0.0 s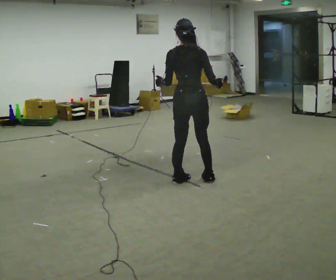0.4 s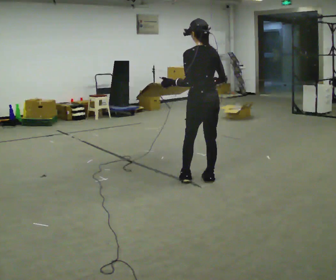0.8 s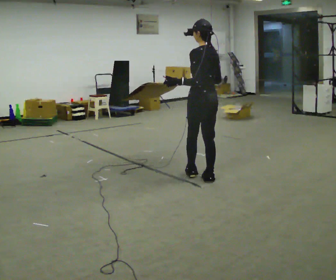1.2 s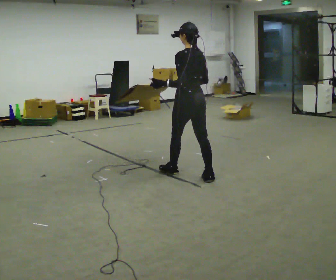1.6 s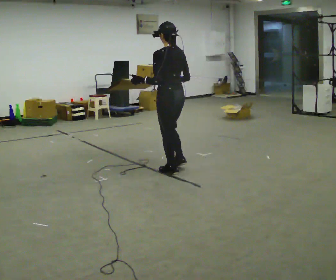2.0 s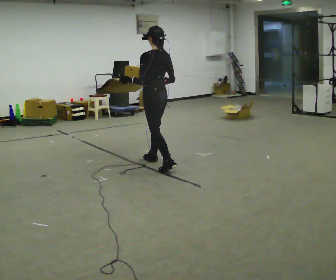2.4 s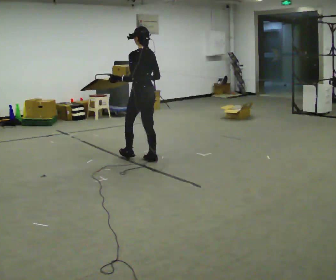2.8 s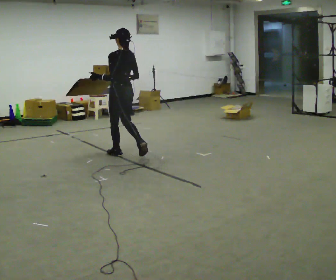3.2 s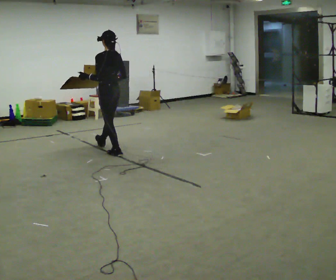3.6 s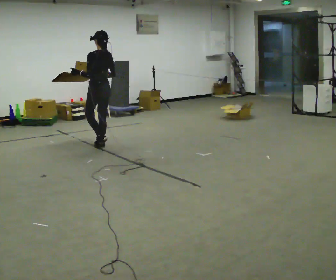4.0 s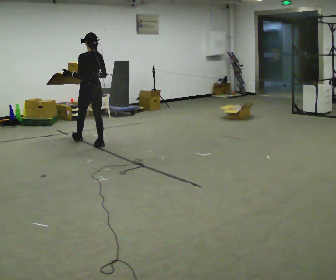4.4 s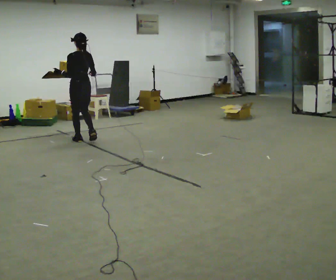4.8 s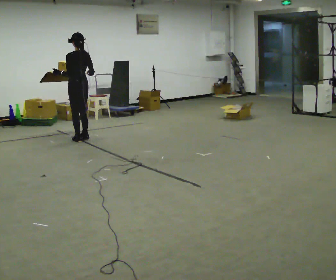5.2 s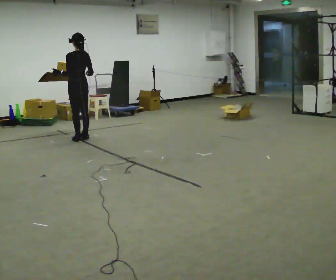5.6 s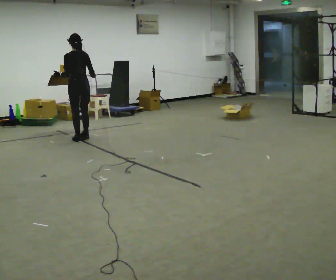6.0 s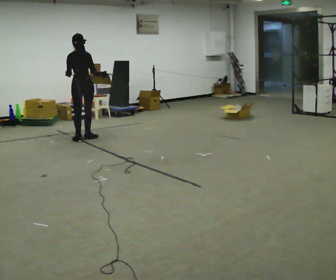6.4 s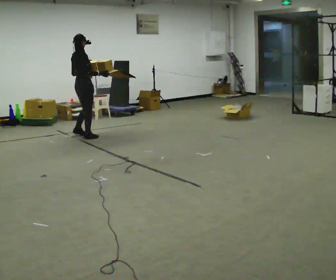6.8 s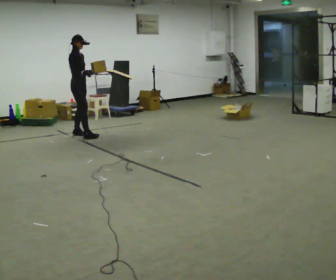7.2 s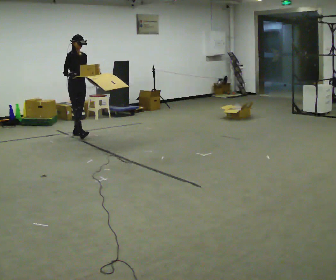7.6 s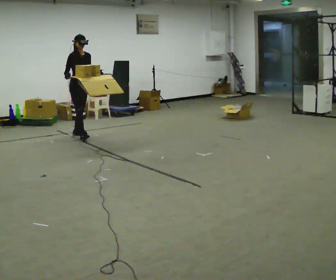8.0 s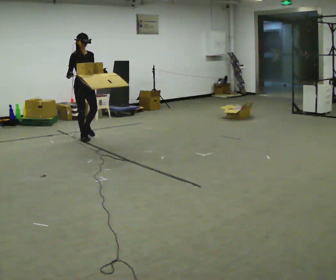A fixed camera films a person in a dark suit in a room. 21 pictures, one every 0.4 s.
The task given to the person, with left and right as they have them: Carry the loaded tray flat and level in both hands, walking back and forth across the room. Try not to let anything slide off.
0.0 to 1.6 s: Seen from above the body turns counterclockwise, about 45 degrees: to their left, with its near side sliding to the right. In the picture they go away from the camera, about 0.5 m in 1 step, which for them is forward.
1.6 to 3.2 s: In the picture they go away from the camera and to the left, about 1 m in 2 steps, which for them is forward.
3.2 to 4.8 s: In the picture they go away from the camera and to the left, about 1 m in 3 steps, which for them is forward.
4.8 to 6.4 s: Seen from above the body turns clockwise, about 90 degrees: to their right, with its near side sliding to the left. In the picture they go away from the camera, about 0.25 m.
6.4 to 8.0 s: The part of the body nearest the lens slides to the left as the person turns to their right by about 75 degrees. In the picture their right hand goes to the left.
The film runs forward here.
